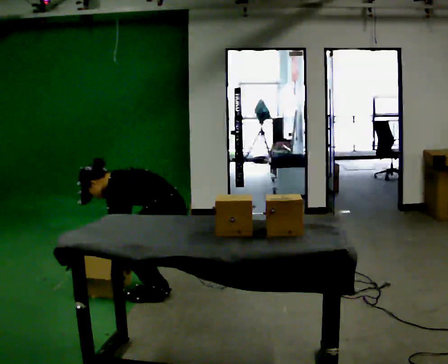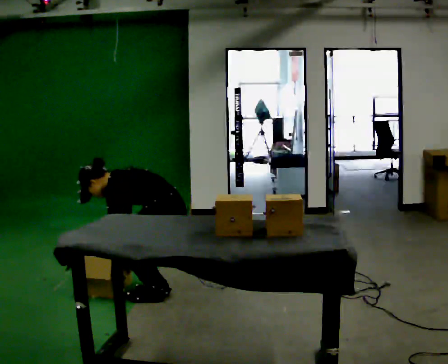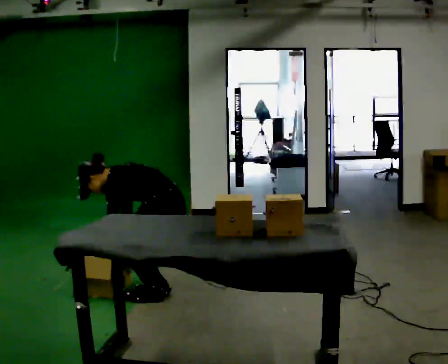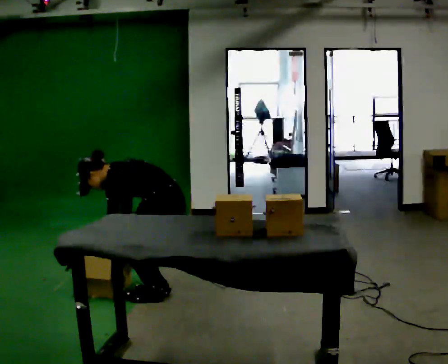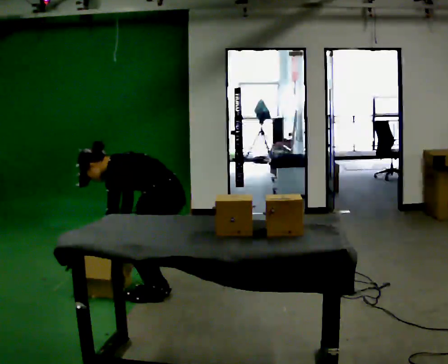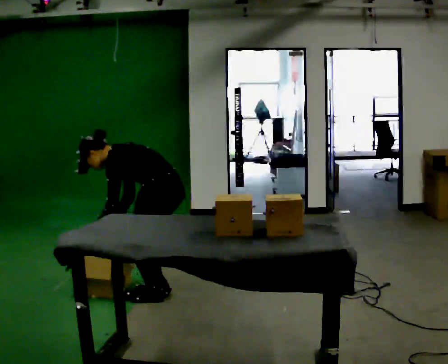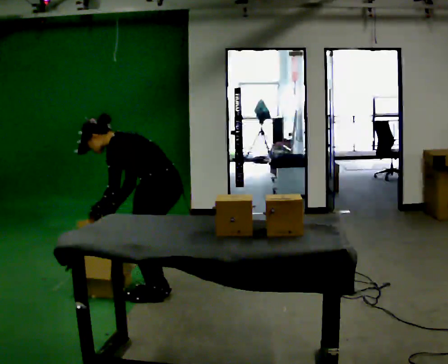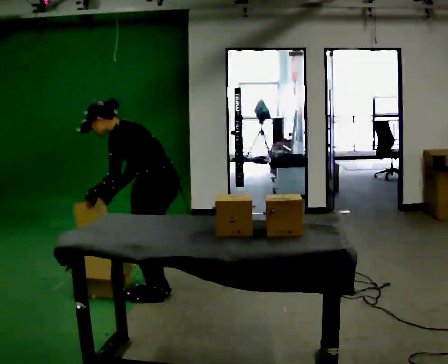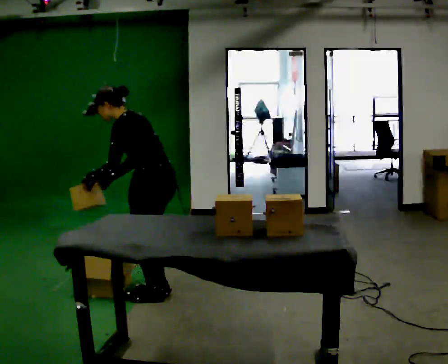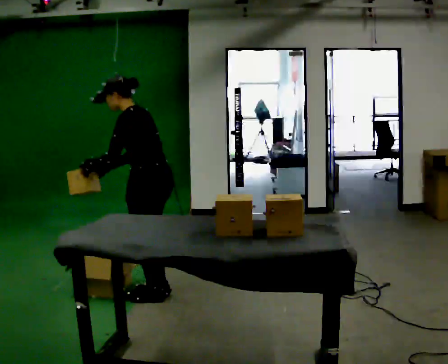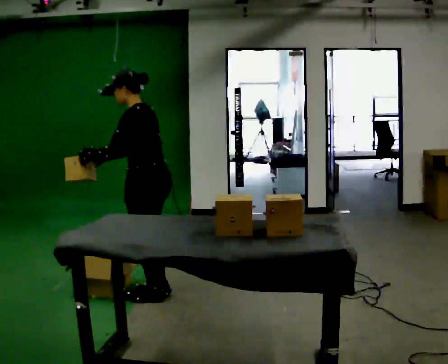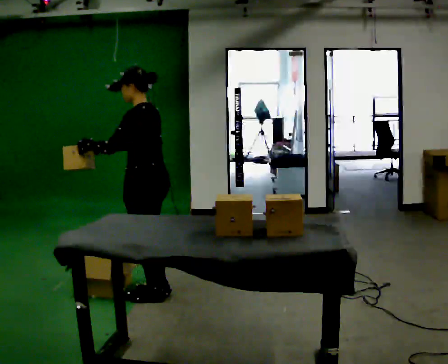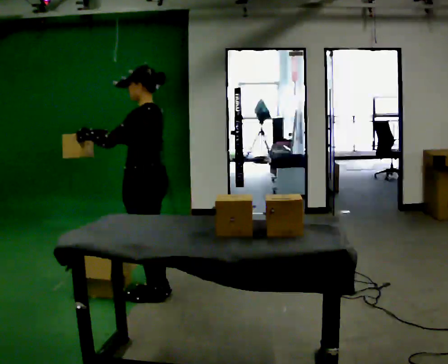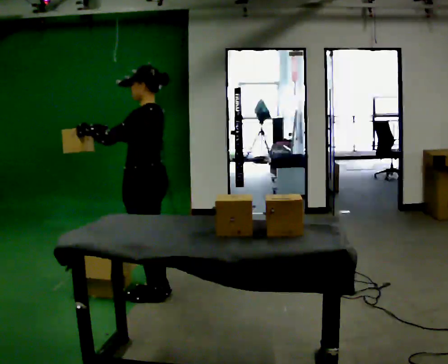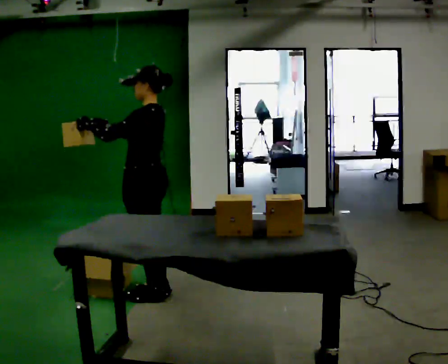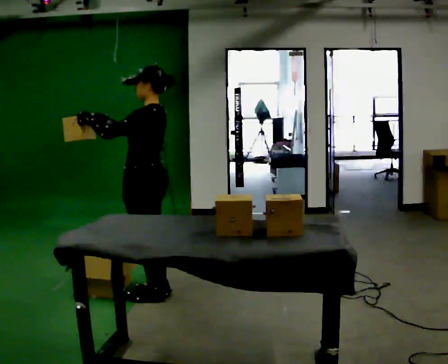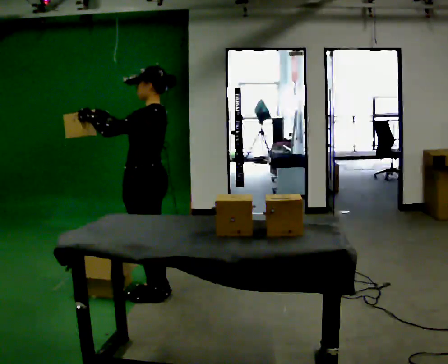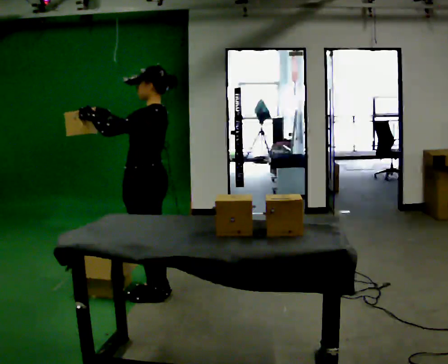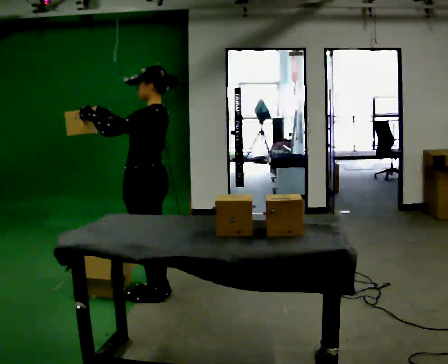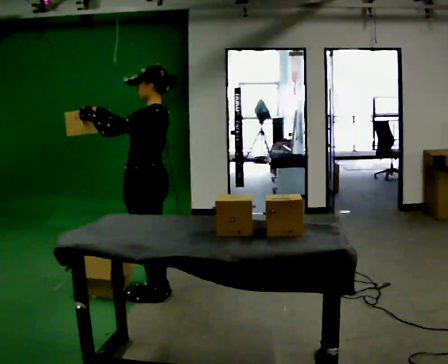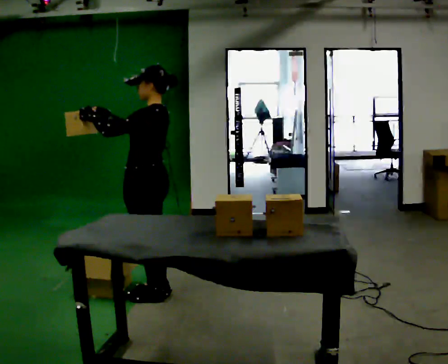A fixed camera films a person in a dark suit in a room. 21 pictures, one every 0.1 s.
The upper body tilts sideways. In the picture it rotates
clockwise.
Their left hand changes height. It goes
upward.
0.0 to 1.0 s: The shoulders move upward. In the picture the upper body tilts clockwise, shoulders to the right, as they lean back or straighten. In the picture their right hand goes upward.
1.0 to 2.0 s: In the picture the upper body tilts clockwise, shoulders to the right, as they lean back or straighten.
The film runs forward here.
